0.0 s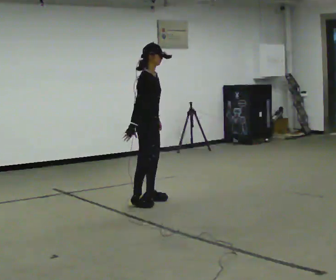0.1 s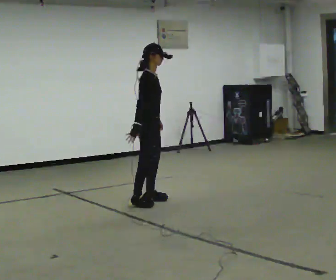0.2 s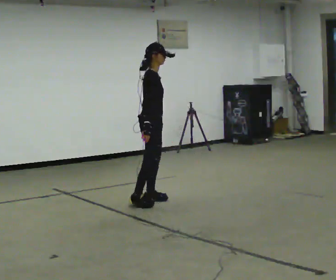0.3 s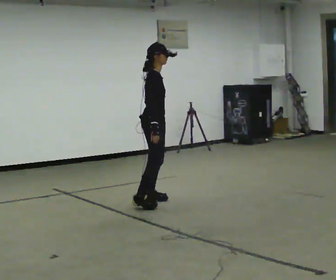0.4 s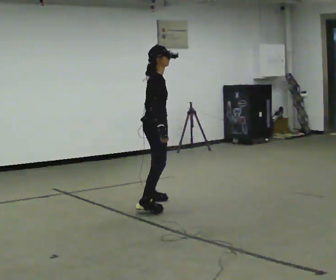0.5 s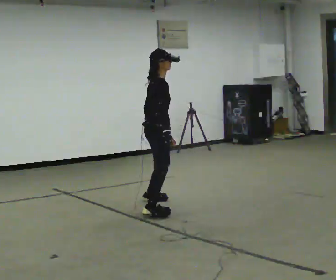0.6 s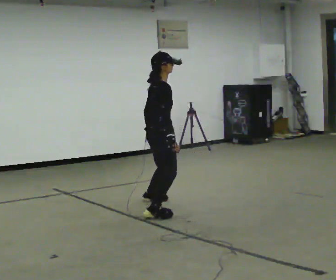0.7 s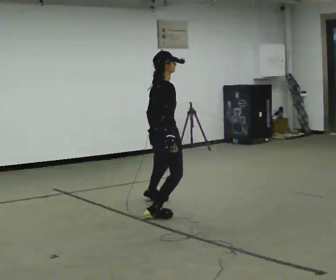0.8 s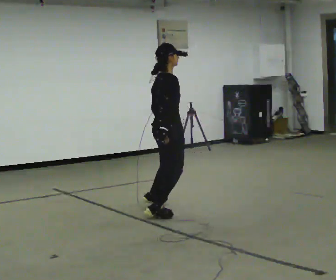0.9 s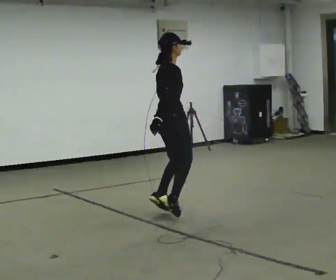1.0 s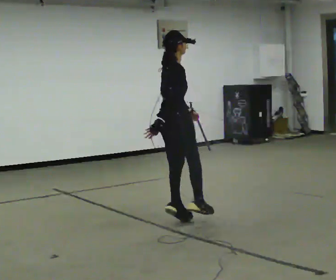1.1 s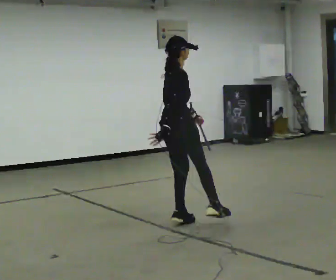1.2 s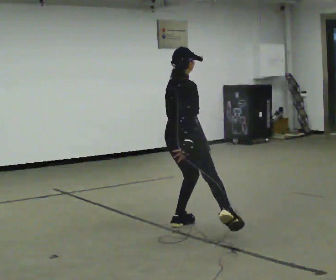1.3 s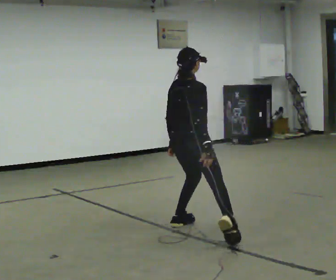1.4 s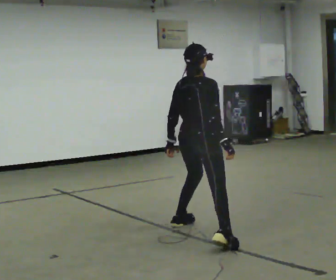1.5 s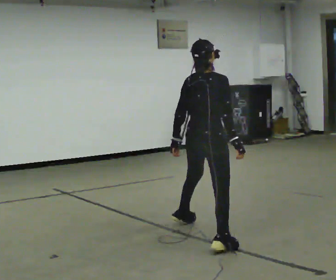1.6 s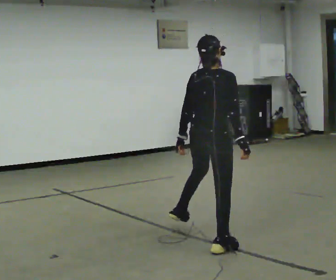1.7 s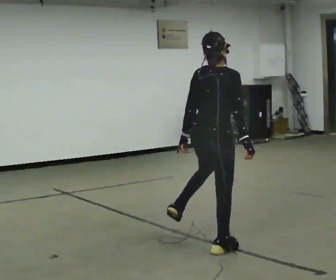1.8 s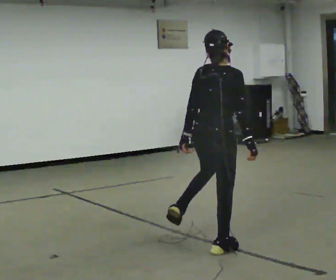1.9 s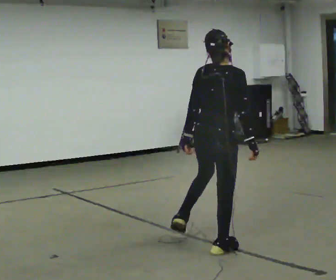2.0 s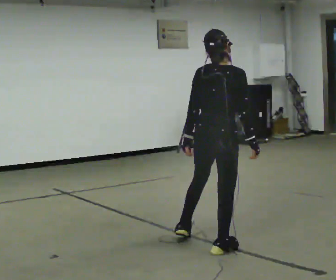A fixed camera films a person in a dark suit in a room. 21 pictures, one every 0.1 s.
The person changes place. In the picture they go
toward the camera.
The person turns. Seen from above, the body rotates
counterclockwise.
0.0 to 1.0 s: The person turns about 45 degrees to their left, counterclockwise seen from above, so the part of the body nearest the lens slides to the right. In the picture they go toward the camera, about 0.5 m in 3 steps, which for them is to their right.
1.0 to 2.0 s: The part of the body nearest the lens slides to the right as the person turns to their left by about 45 degrees. In the picture they go toward the camera, about 1 m in 1 step, which for them is to their right and backward.
The film runs backward here.
